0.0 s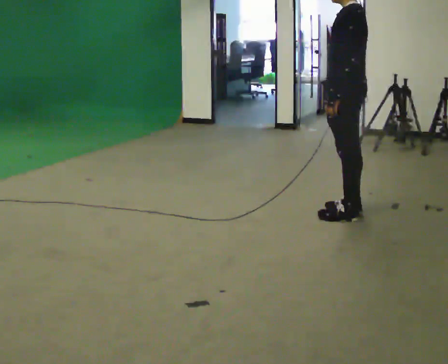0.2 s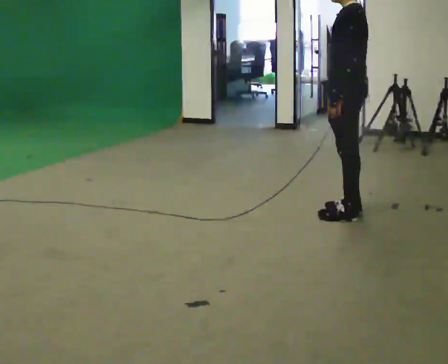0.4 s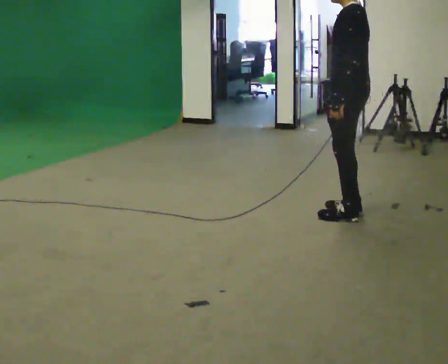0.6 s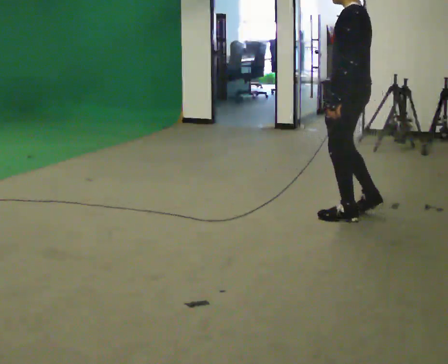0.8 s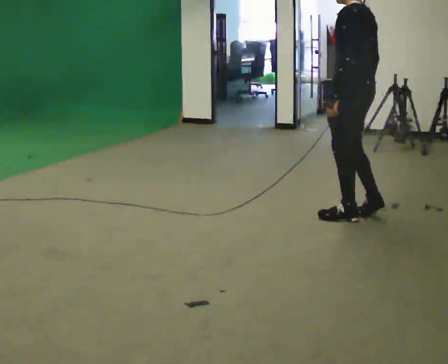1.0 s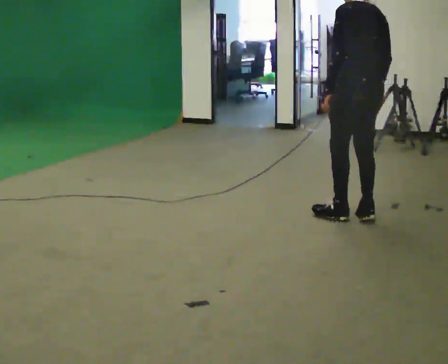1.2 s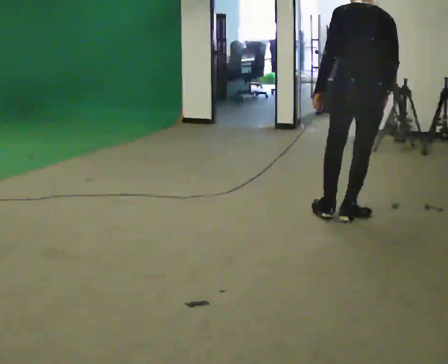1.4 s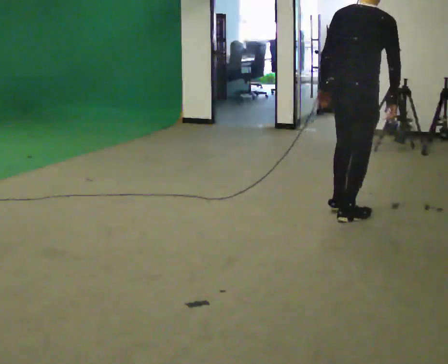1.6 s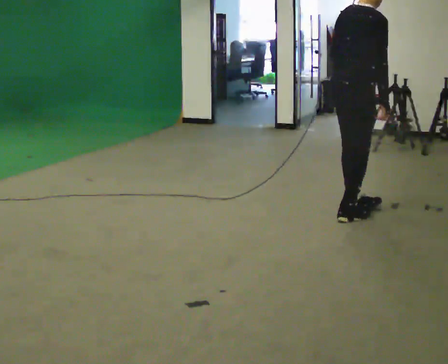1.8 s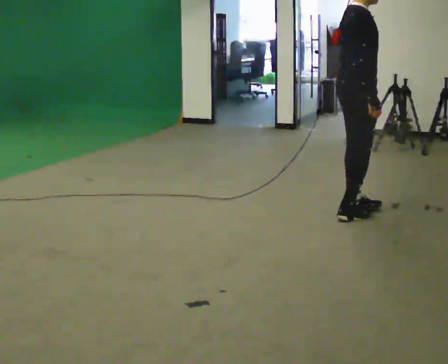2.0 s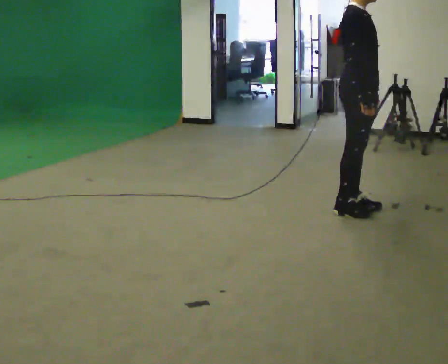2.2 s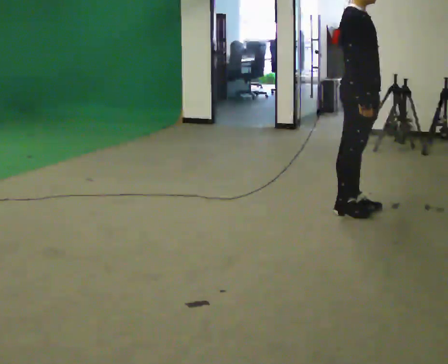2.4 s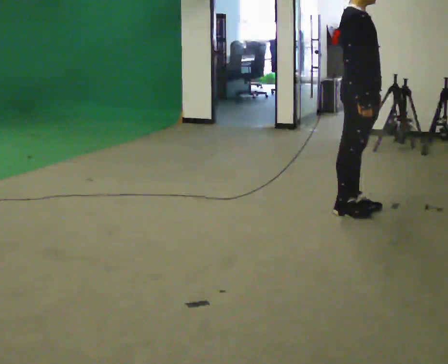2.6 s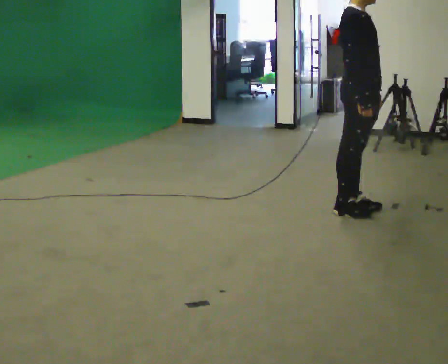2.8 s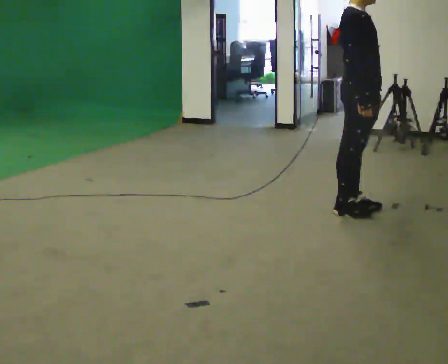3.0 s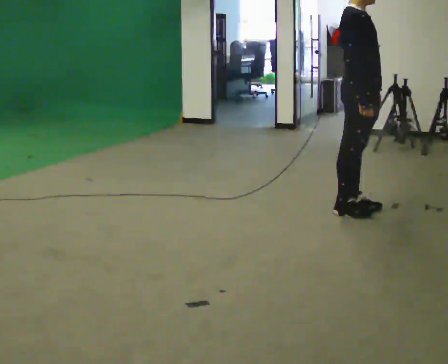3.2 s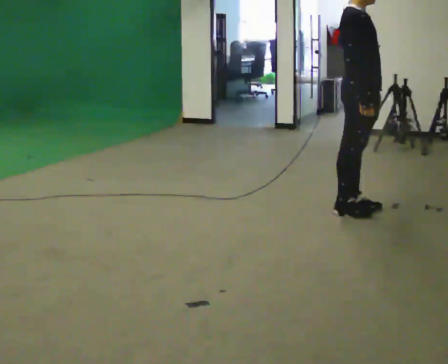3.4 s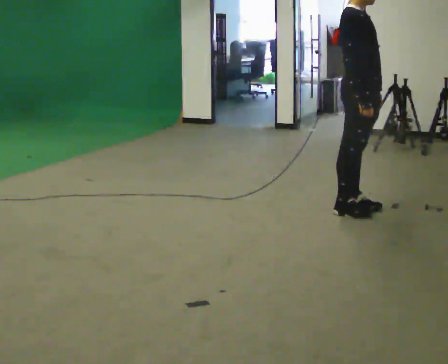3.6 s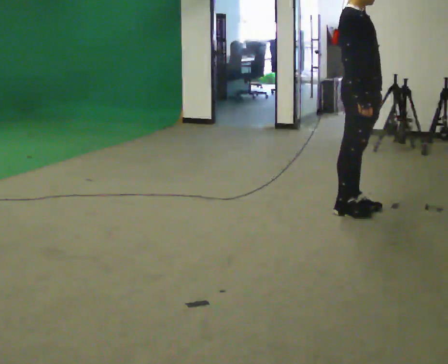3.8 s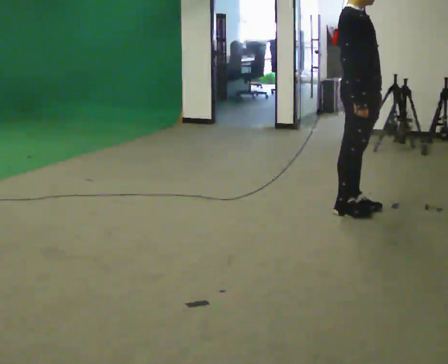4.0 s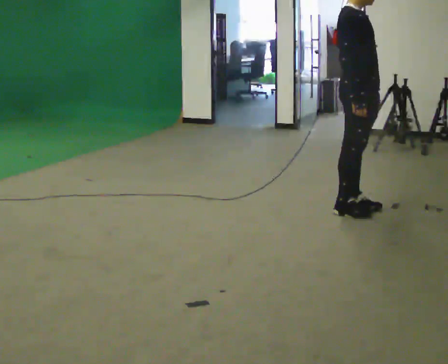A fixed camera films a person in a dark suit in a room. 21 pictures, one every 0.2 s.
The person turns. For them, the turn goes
to their right.
The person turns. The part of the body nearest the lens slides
to the left.
0.0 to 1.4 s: Seen from above the body turns clockwise, about 105 degrees: to their right, with its near side sliding to the left.
1.4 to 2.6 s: The part of the body nearest the lens slides to the left as the person turns to their right by about 75 degrees. In the picture their left hand goes to the right.
2.6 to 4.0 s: The person moves a little, or ends about where they began.
The film runs backward here.
